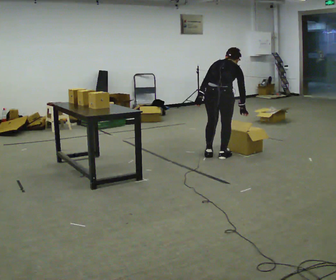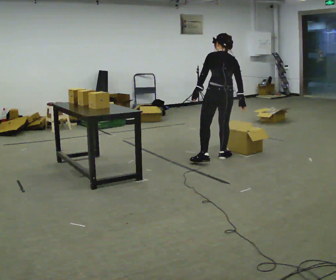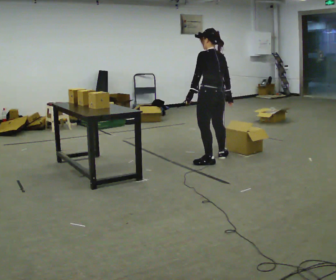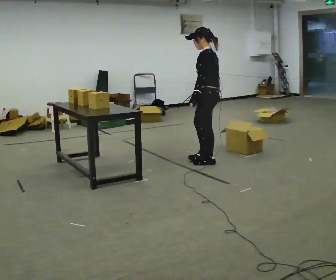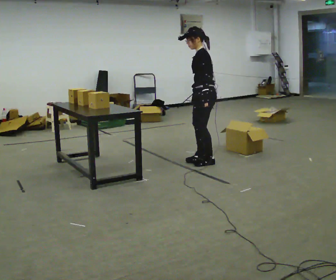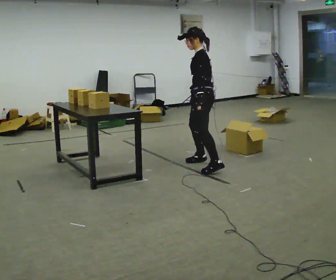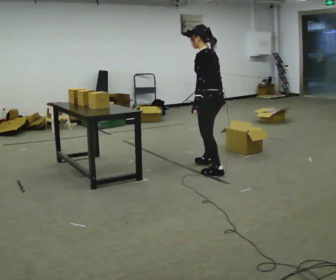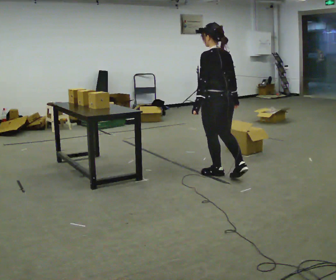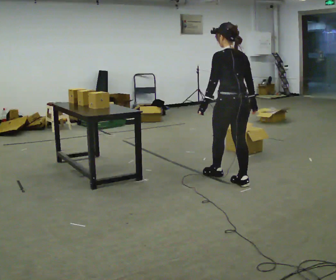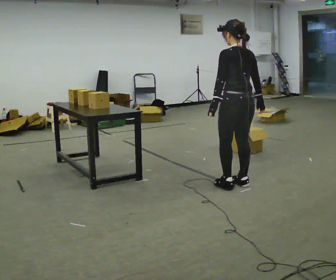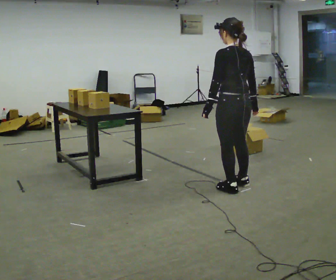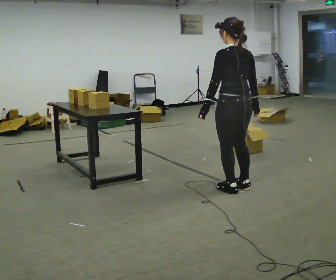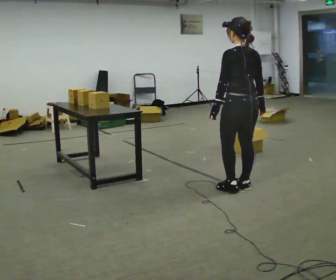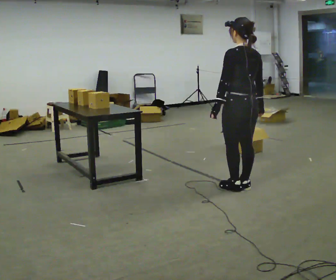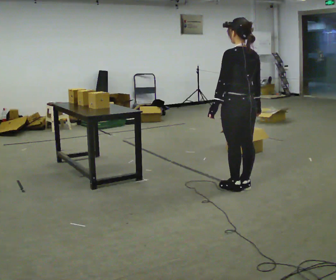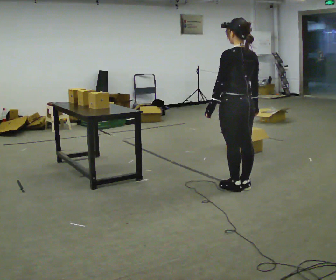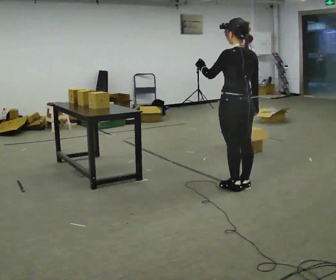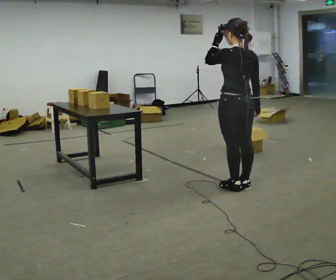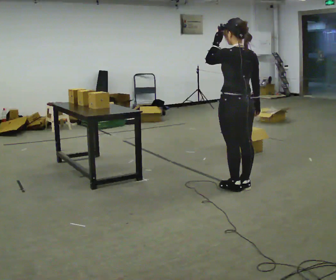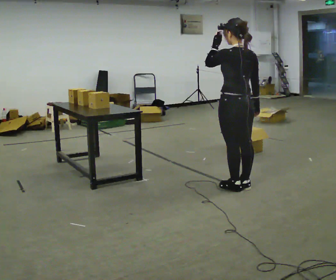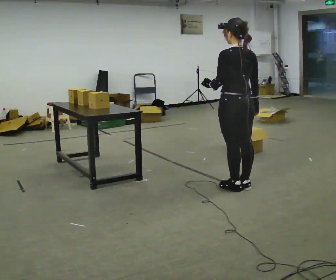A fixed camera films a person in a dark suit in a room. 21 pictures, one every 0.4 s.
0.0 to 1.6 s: The part of the body nearest the lens slides to the right as the person turns to their left by about 105 degrees. In the picture they go to the left, about 0.25 m in 2 steps. The upper body tips toward the camera, its near side rolling downward, as they lean back or straighten.
1.6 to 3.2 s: The part of the body nearest the lens slides to the left as the person turns to their right by about 75 degrees. In the picture they go toward the camera and to the right, about 1 m in 2 steps.
3.2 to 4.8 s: In the picture they go toward the camera, about 0.25 m in 1 step, which for them is backward.
4.8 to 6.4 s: In the picture their left hand goes upward, the arm swinging clockwise.
6.4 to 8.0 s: The person moves a little, or ends about where they began.
The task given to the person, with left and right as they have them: Carry the object across the room, open the lid of the container, put the object inside, and close the lid again. Then go back for the next one. Keep going until the operator says stop; one object at a time, and do not rush between trips.
The film runs forward here.
